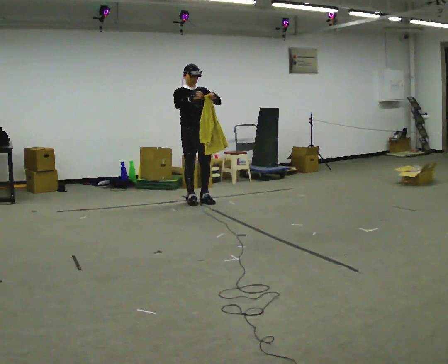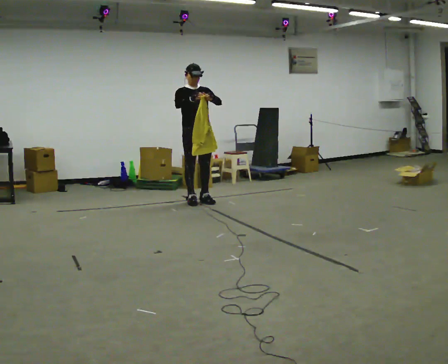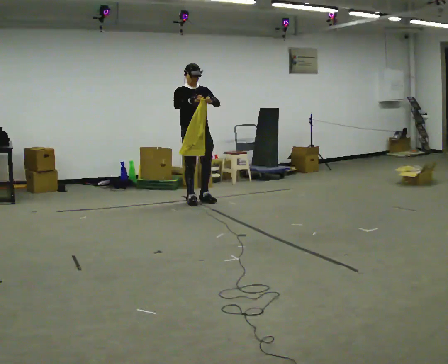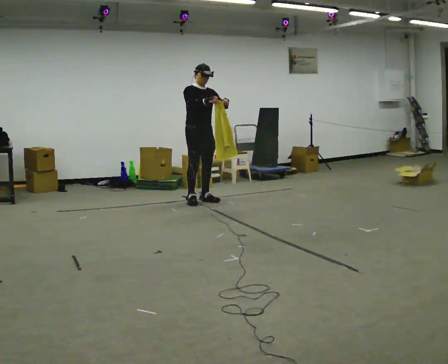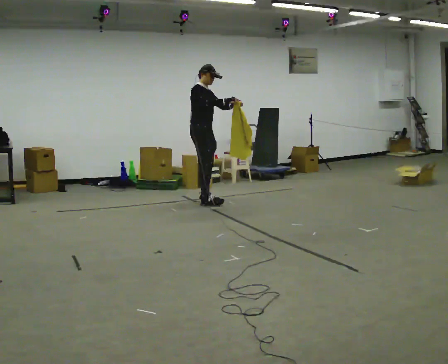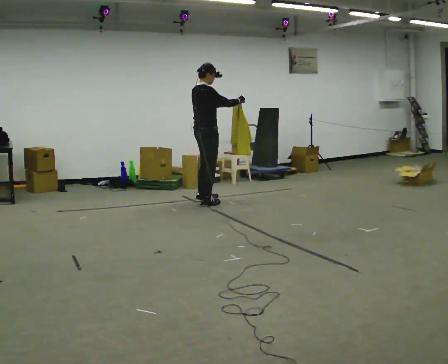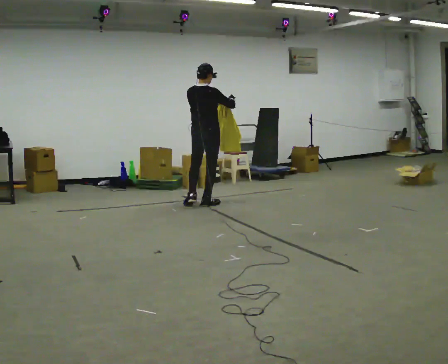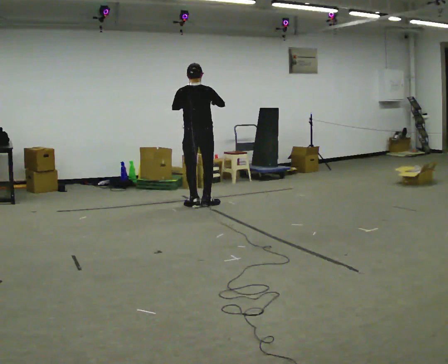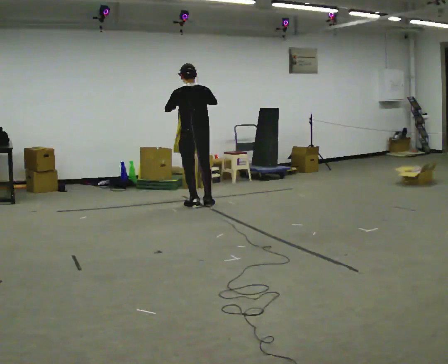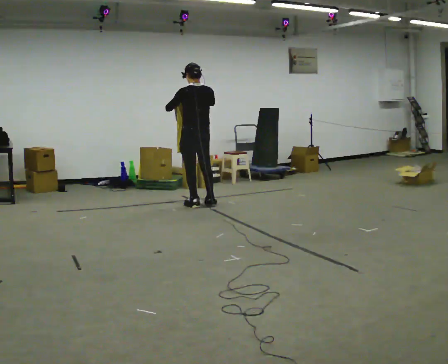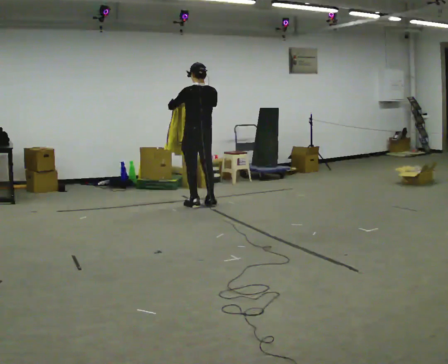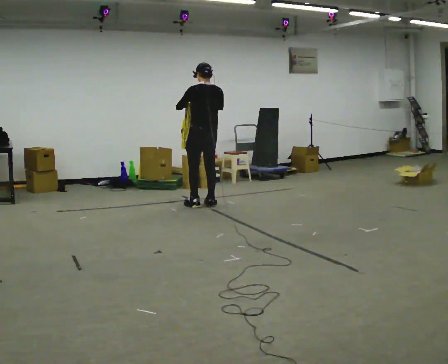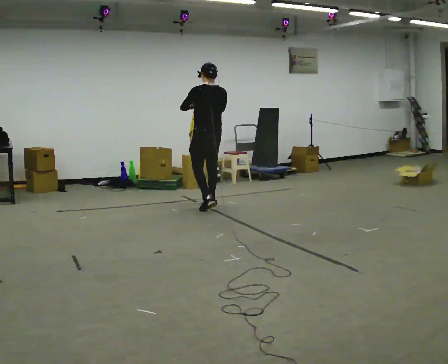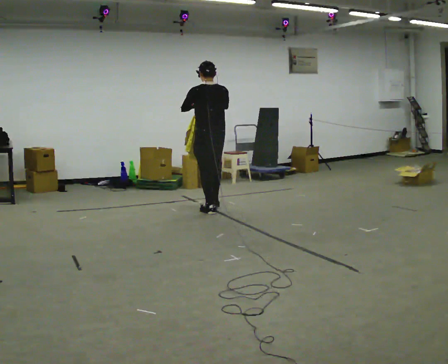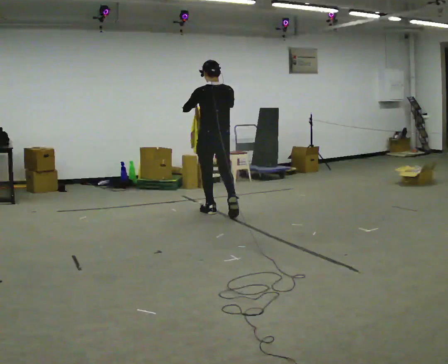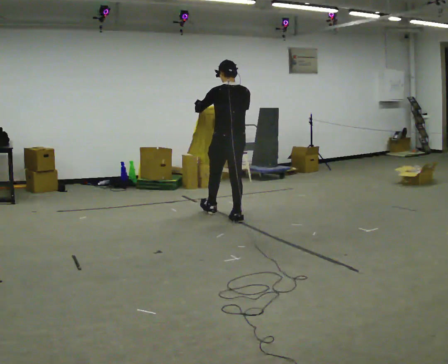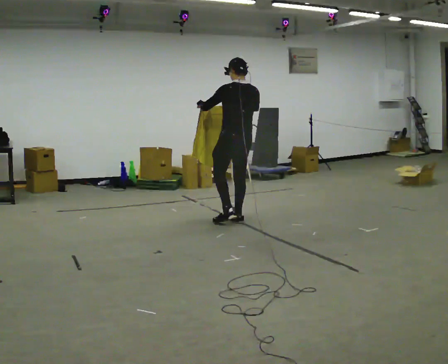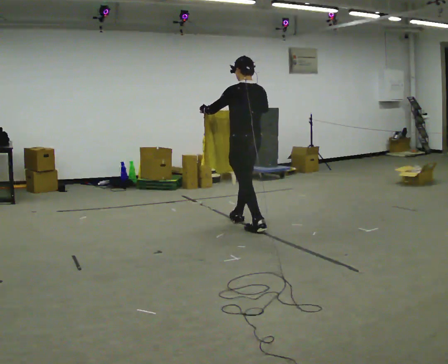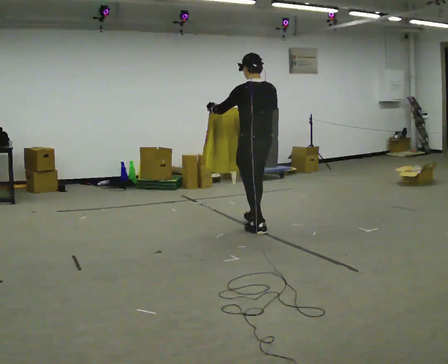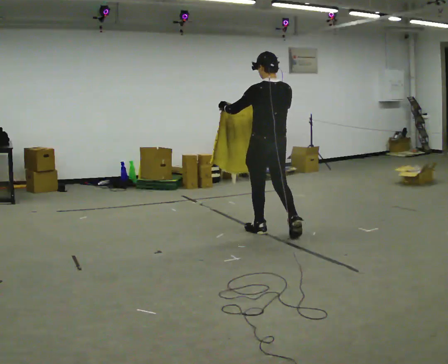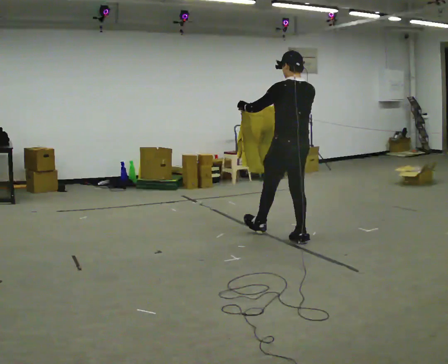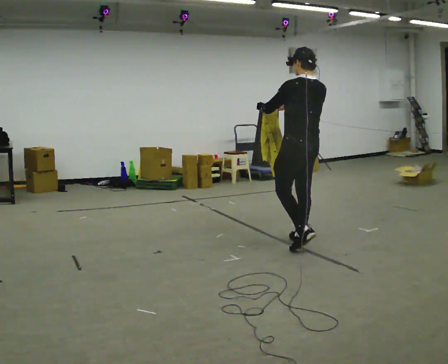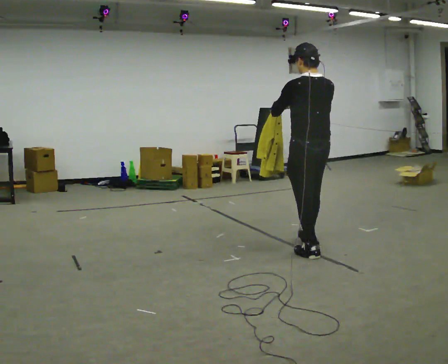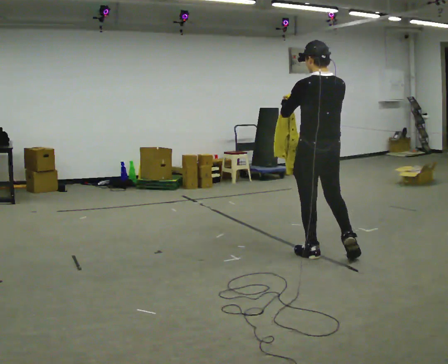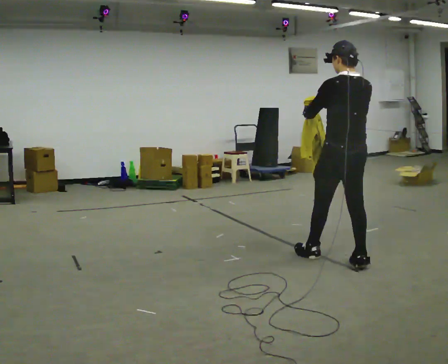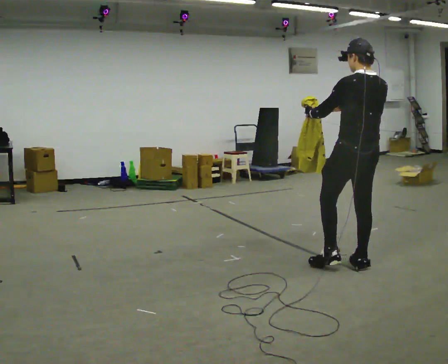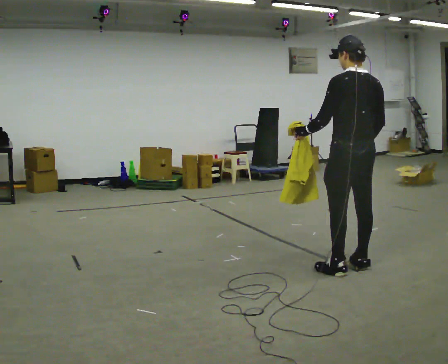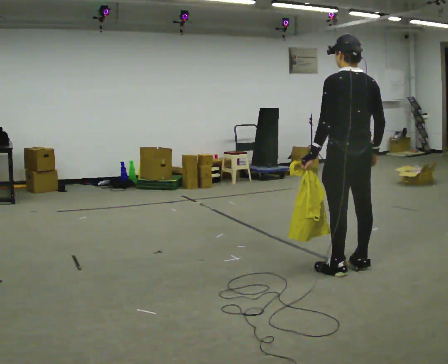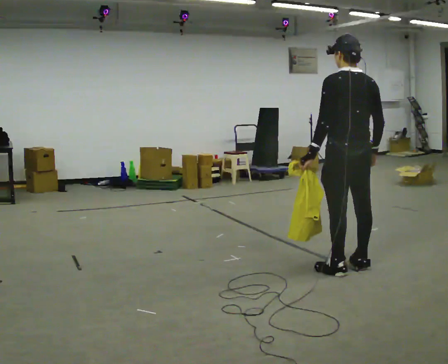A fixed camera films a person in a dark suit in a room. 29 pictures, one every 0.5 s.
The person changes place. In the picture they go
toward the camera.
0.0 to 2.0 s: Seen from above the body turns counterclockwise, about 45 degrees: to their left, with its near side sliding to the right.
2.0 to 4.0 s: Seen from above the body turns counterclockwise, about 120 degrees: to their left, with its near side sliding to the right. In the picture they go toward the camera, about 0.25 m in 1 step.
4.0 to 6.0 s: In the picture they go to the right, about 0.25 m in 1 step, which for them is to their right.
6.0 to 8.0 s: In the picture they go toward the camera and to the right, about 1 m in 2 steps, which for them is backward.
8.0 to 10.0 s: In the picture they go toward the camera and to the right, about 1 m in 2 steps, which for them is backward.
10.0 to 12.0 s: In the picture they go toward the camera, about 1 m in 1 step, which for them is backward.
12.0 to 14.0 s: In the picture they go toward the camera, about 0.25 m in 1 step, which for them is backward. In the picture their right hand goes downward.
The film runs backward here.
